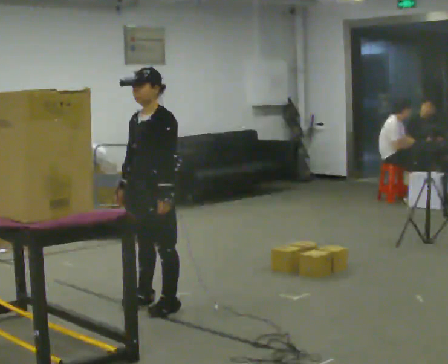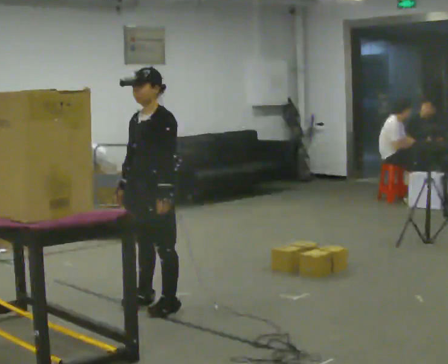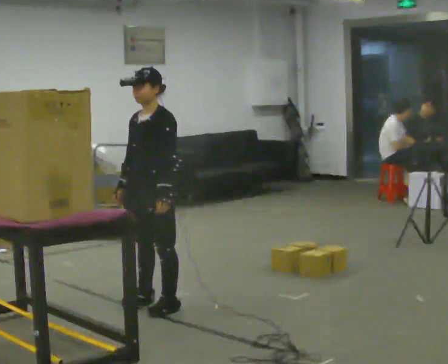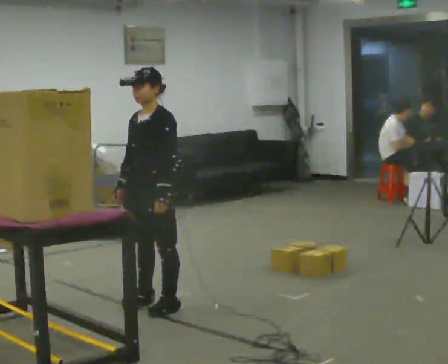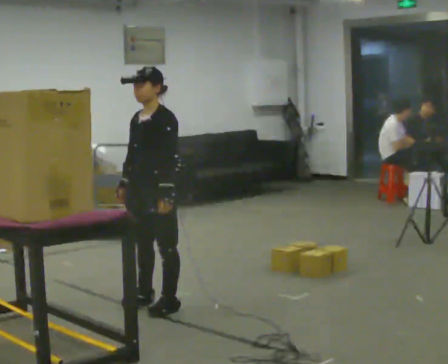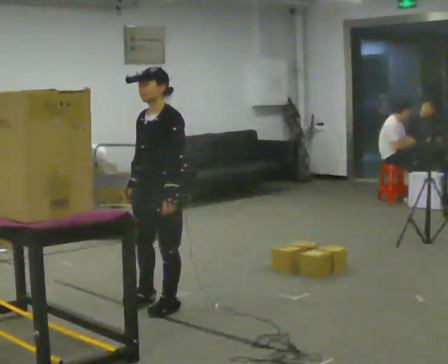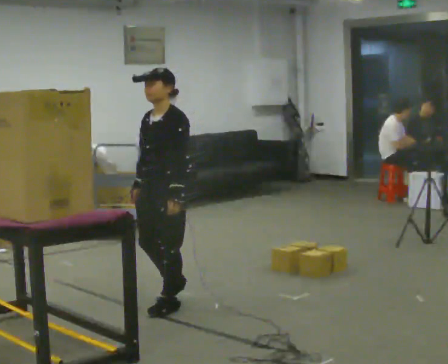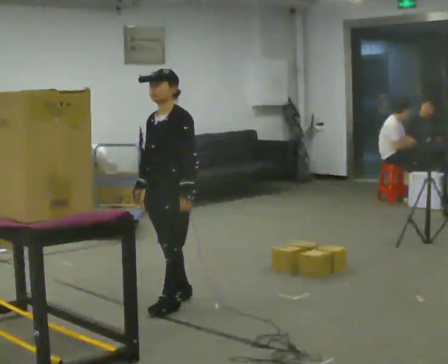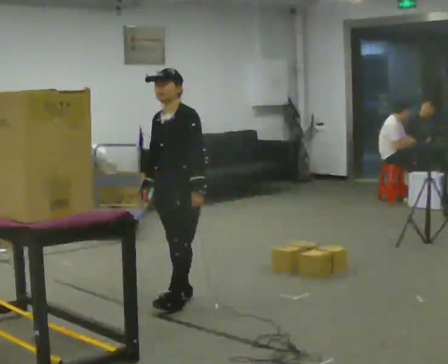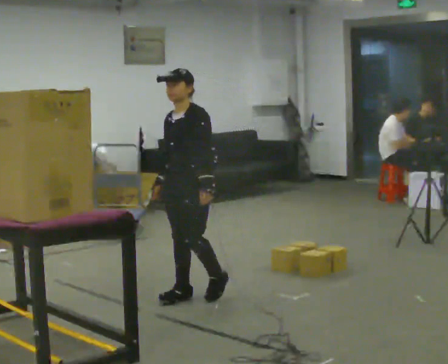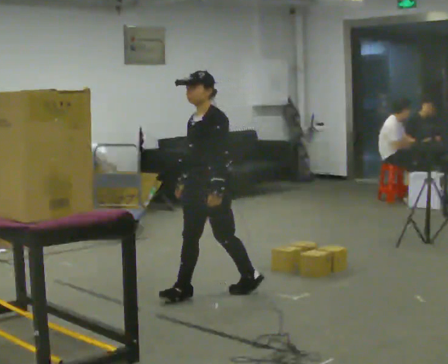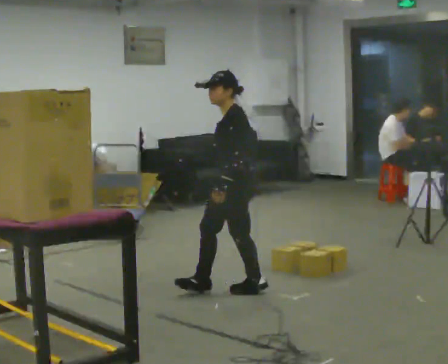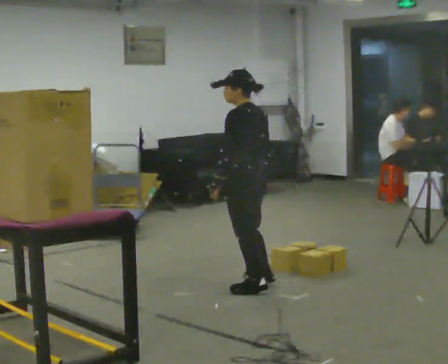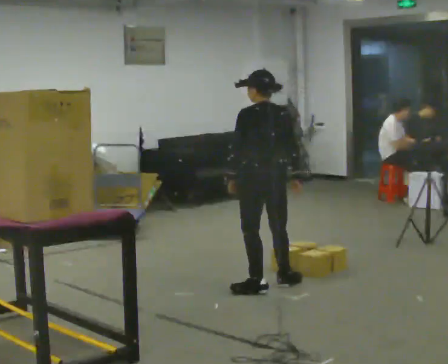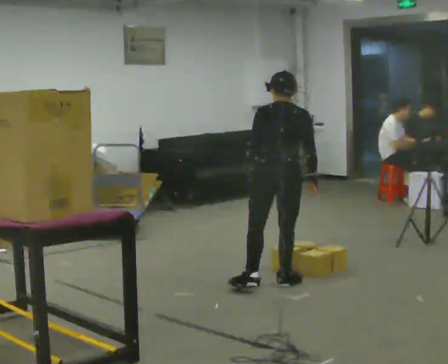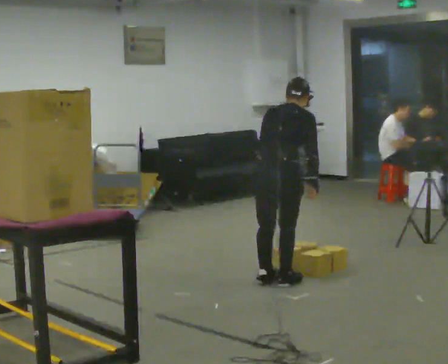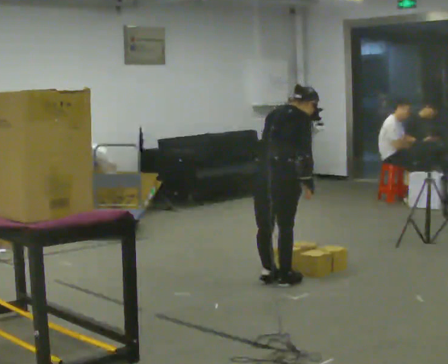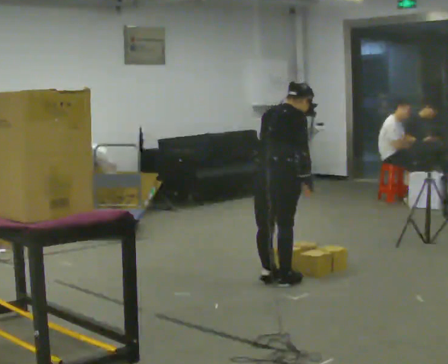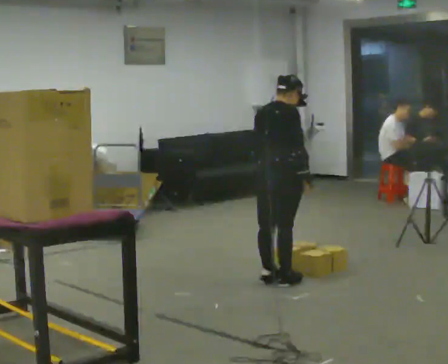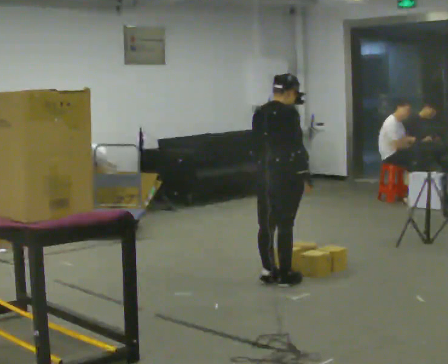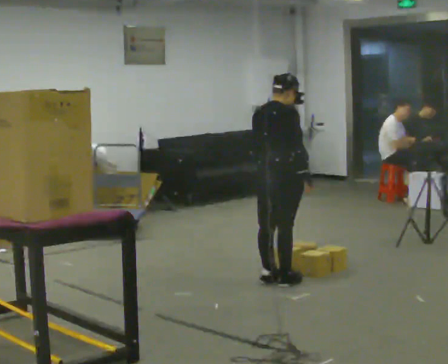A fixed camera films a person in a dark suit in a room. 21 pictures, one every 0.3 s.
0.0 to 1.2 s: The person keeps their place and pose.
1.2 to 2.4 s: In the picture they go away from the camera, about 0.25 m in 2 steps, which for them is backward.
2.4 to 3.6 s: The person turns about 75 degrees to their right, clockwise seen from above, so the part of the body nearest the lens slides to the left. In the picture they go to the right and away from the camera, about 0.5 m in 1 step.
3.6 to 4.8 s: Seen from above the body turns clockwise, about 105 degrees: to their right, with its near side sliding to the left. In the picture they go away from the camera and to the right, about 0.25 m in 1 step. In the picture the upper body tilts clockwise, shoulders to the right, as they bend forward. In the picture their right hand goes to the right.
4.8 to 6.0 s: In the picture the upper body tilts counterclockwise, shoulders to the left, as they lean back or straighten.
The film runs backward here.
